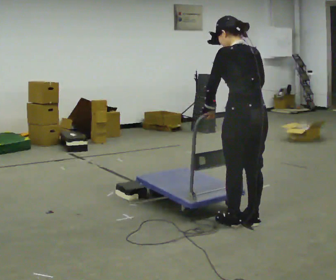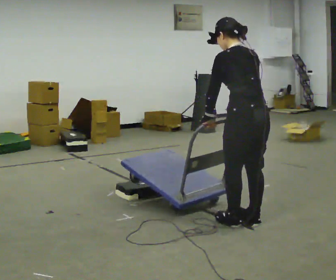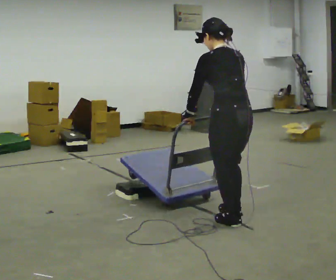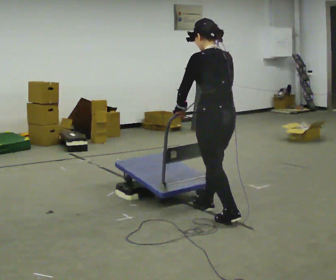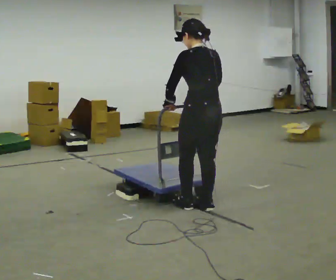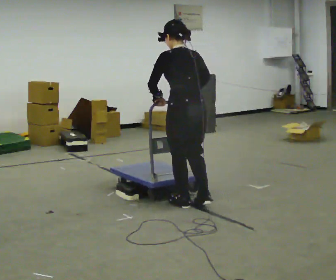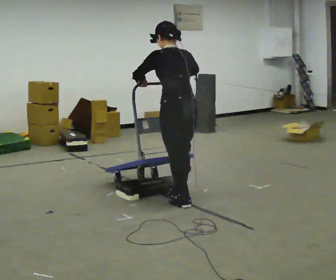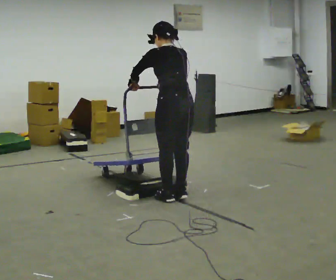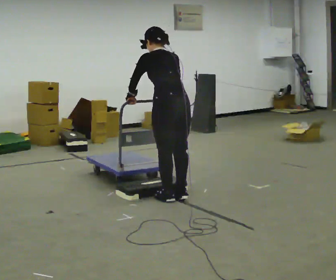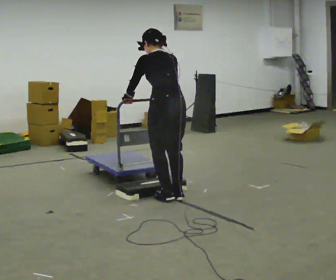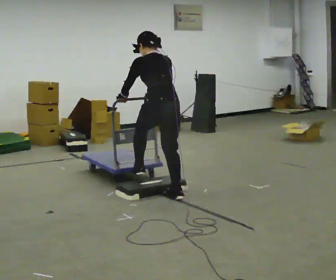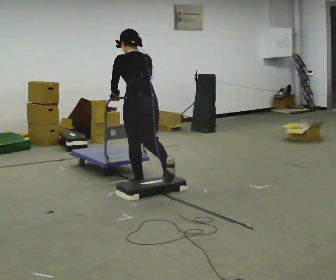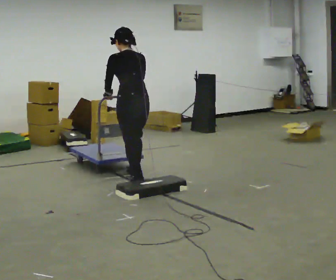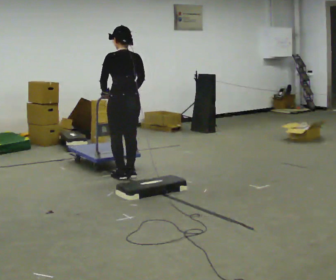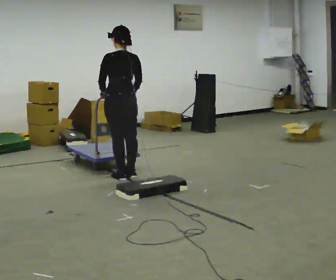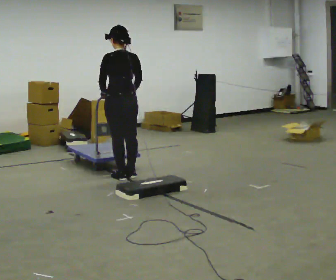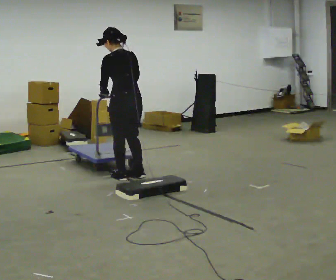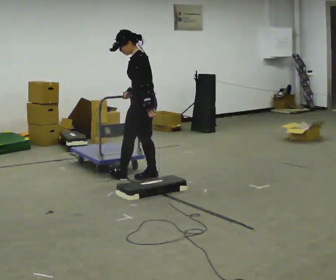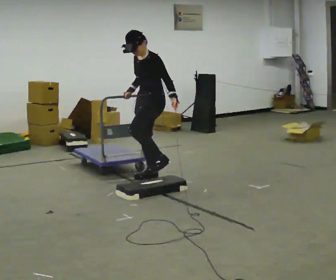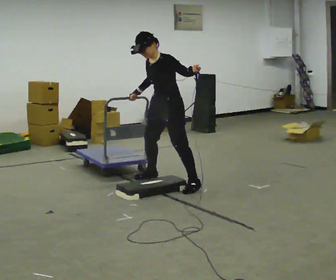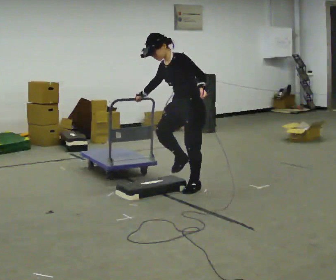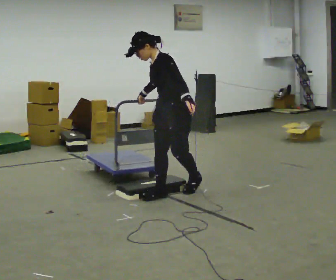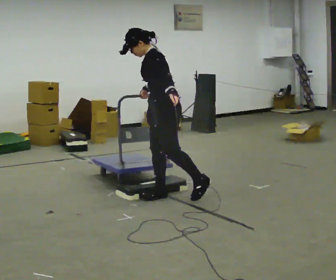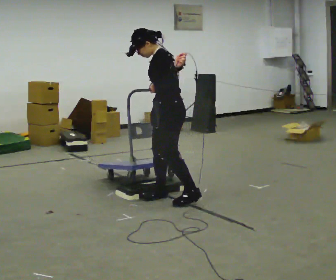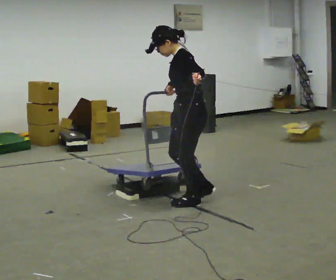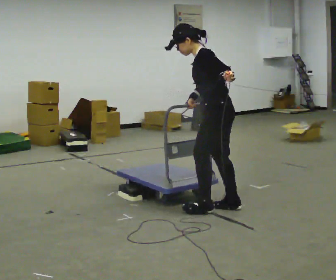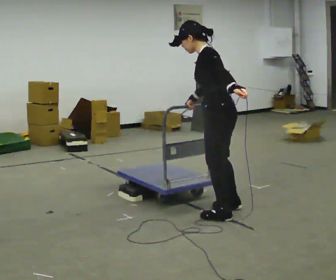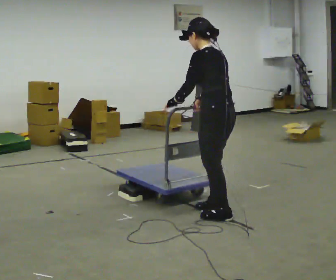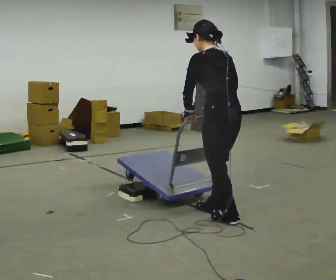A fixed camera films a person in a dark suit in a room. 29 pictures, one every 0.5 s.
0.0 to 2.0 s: In the picture they go away from the camera and to the left, about 0.5 m in 1 step, which for them is forward.
2.0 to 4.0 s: In the picture they go away from the camera and to the left, about 0.5 m in 3 steps, which for them is forward. The upper body tips away from the camera, its near side rolling upward, as they bend forward.
4.0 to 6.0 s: In the picture they go away from the camera and to the left, about 1 m in 1 step, which for them is forward. The upper body tips toward the camera, its near side rolling downward, as they lean back or straighten.
6.0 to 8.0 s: The person moves a little, or ends about where they began.
8.0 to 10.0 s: The part of the body nearest the lens slides to the right as the person turns to their left by about 90 degrees. In the picture they go to the right and toward the camera, about 0.5 m in 2 steps.
10.0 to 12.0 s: The person turns about 45 degrees to their right, clockwise seen from above, so the part of the body nearest the lens slides to the left. In the picture they go toward the camera, about 0.5 m in 2 steps, which for them is to their left.
12.0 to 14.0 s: The person turns about 45 degrees to their right, clockwise seen from above, so the part of the body nearest the lens slides to the left. In the picture they go toward the camera and to the right, about 0.5 m in 3 steps, which for them is backward and to their left.
The film runs forward here.
